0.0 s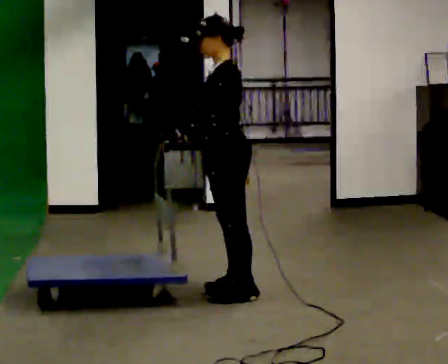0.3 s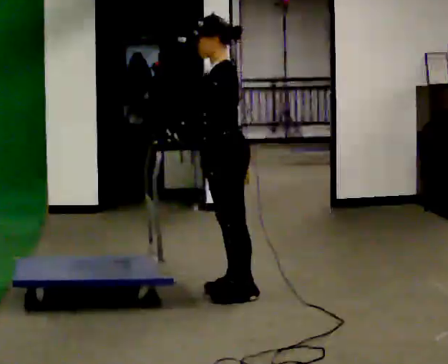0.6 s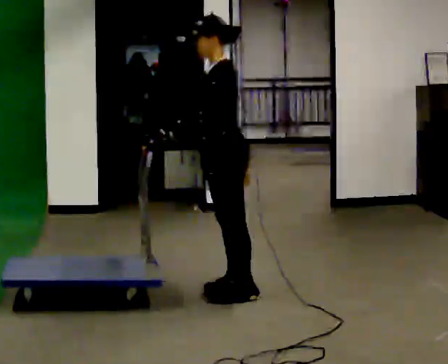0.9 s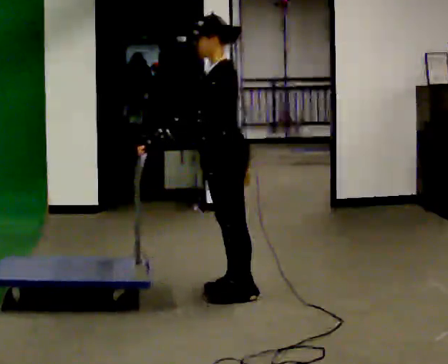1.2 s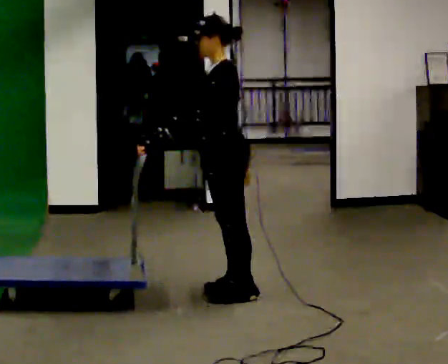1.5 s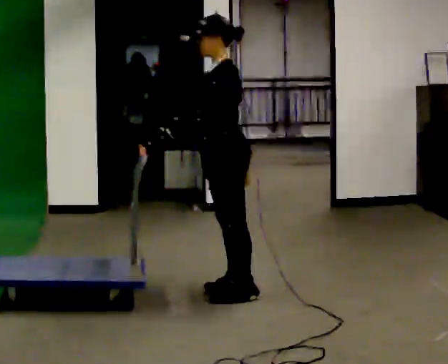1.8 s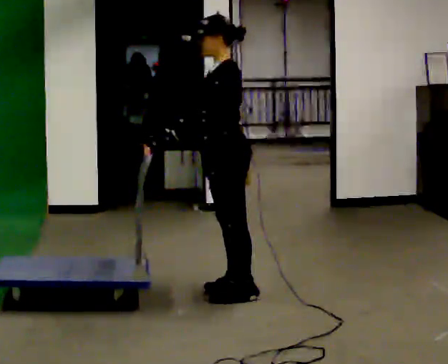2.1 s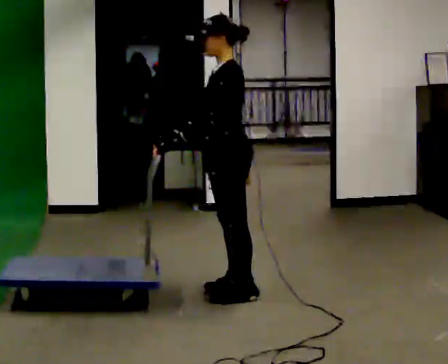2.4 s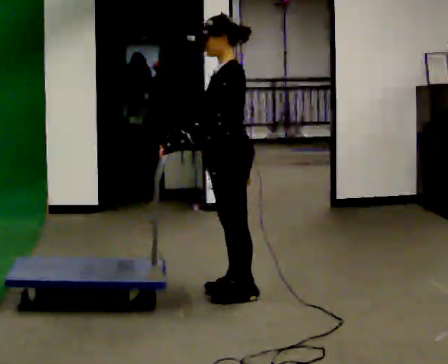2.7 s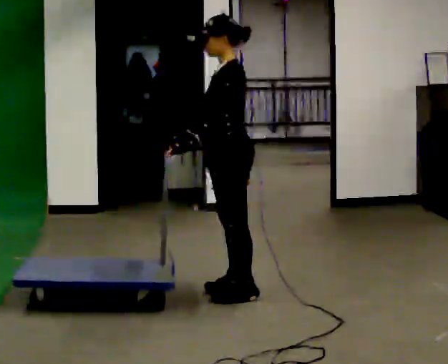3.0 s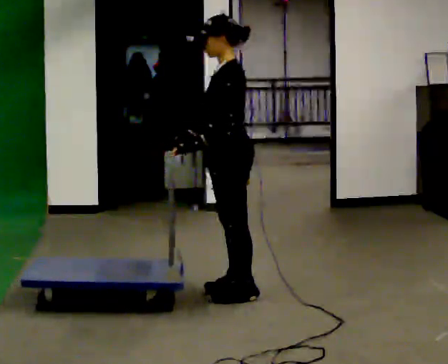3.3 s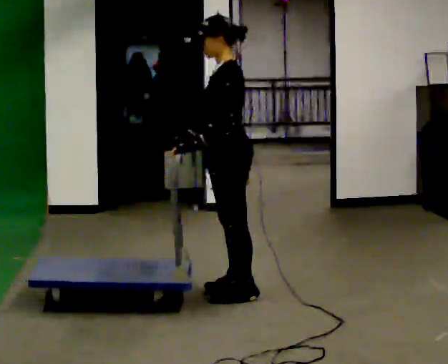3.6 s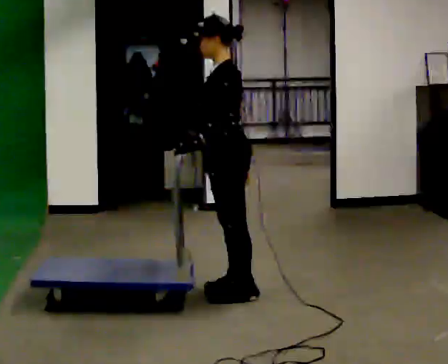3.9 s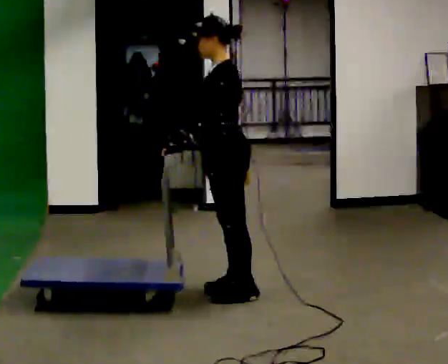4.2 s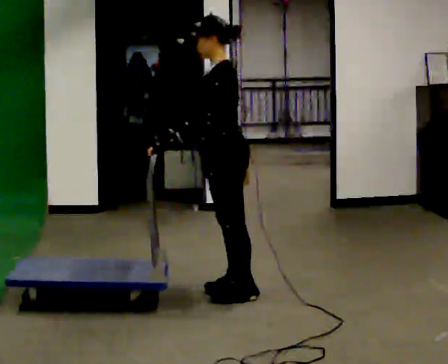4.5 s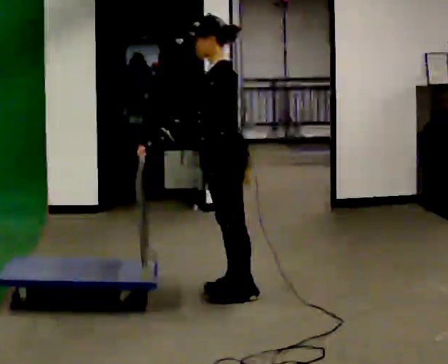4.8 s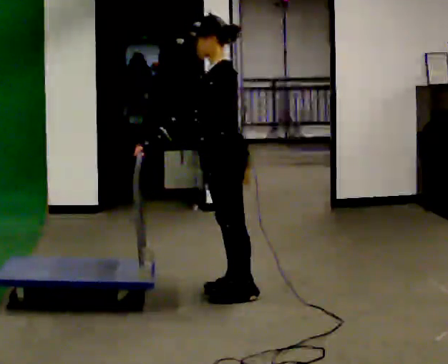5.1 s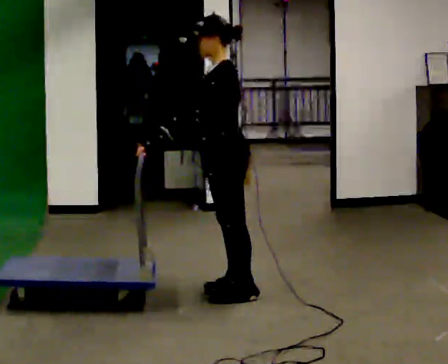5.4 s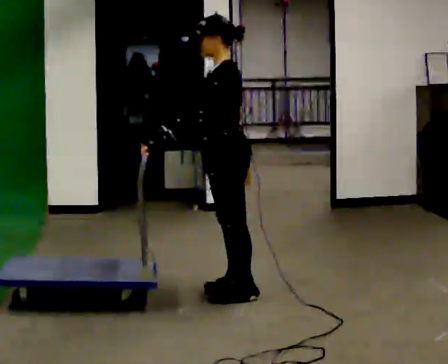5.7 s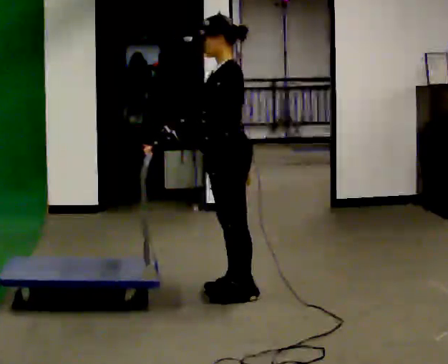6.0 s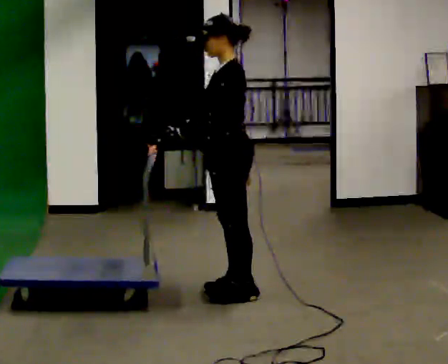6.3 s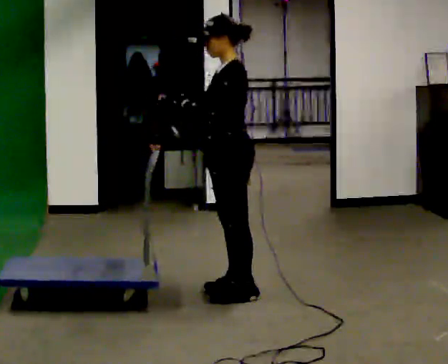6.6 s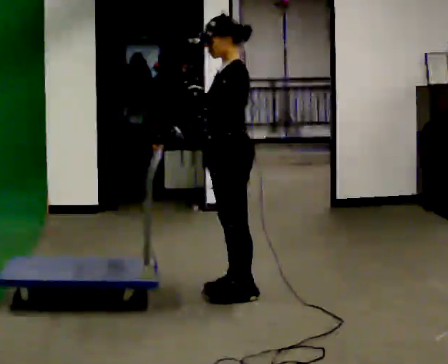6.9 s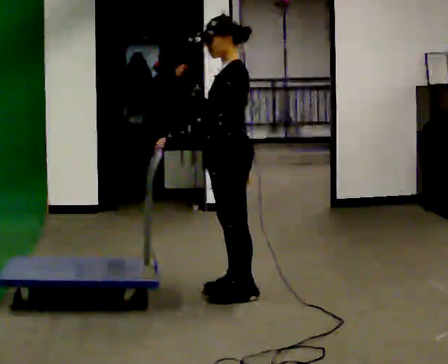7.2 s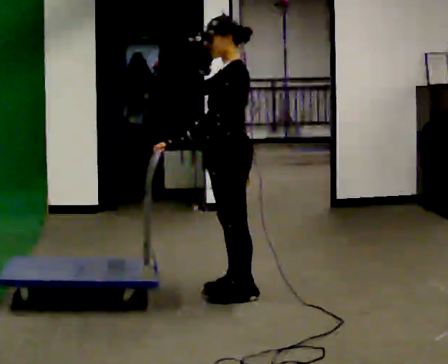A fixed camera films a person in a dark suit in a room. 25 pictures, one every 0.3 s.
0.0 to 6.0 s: The person moves a little, or ends about where they began.
6.0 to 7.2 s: In the picture their right hand goes upward.
The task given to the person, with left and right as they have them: Get the cart into the marked parking space and lined up with the tape. Take as many adjustments as you need. Then take it out again and repeat.
The film runs forward here.
